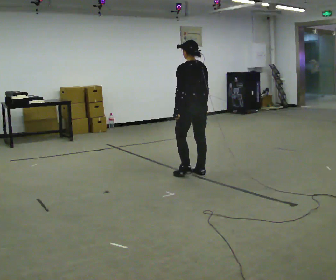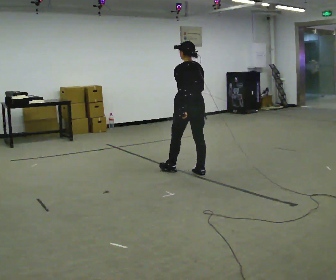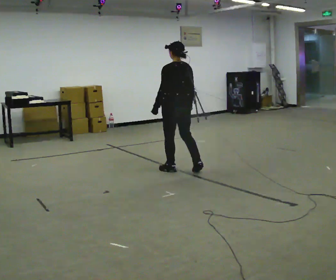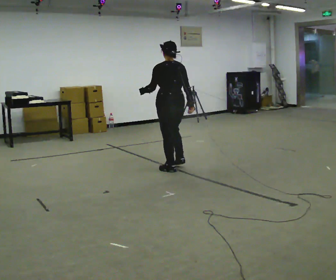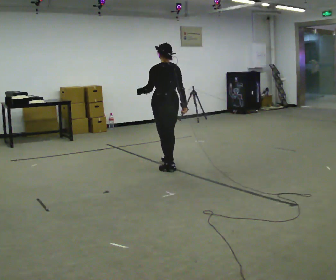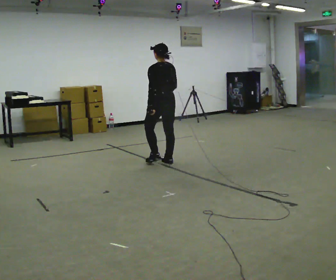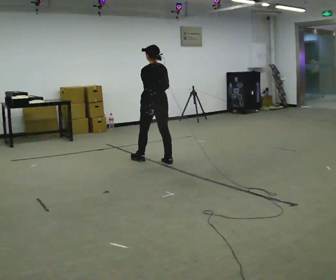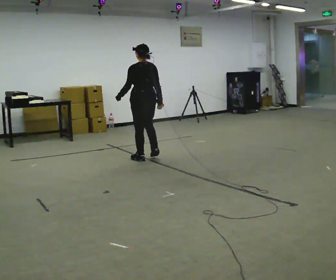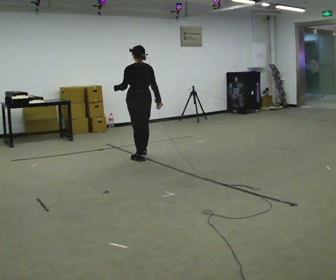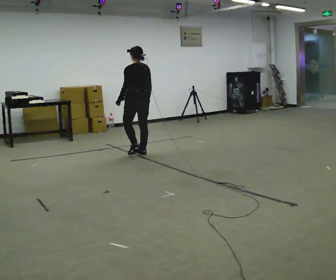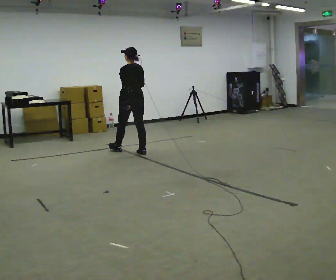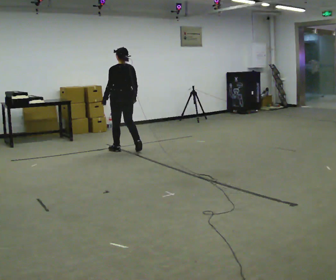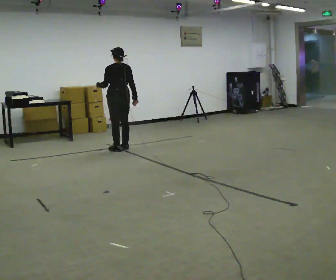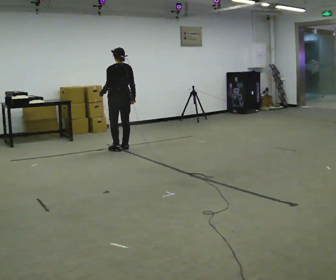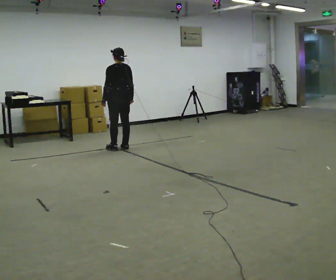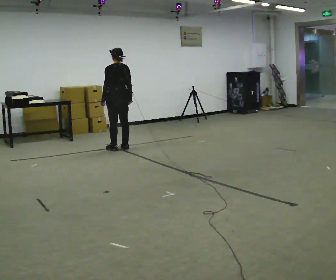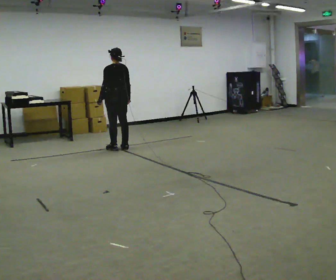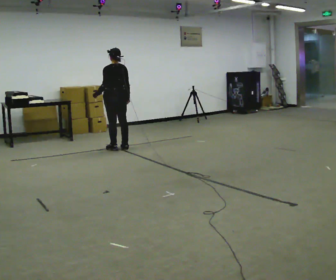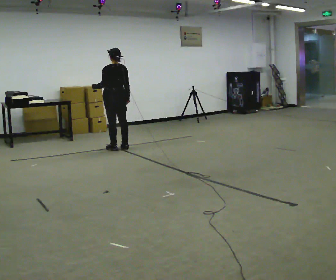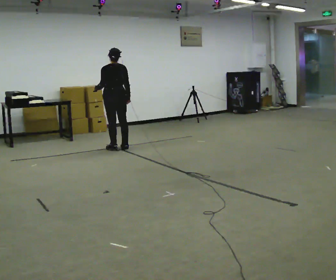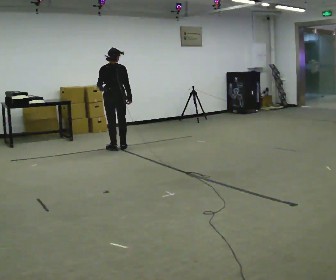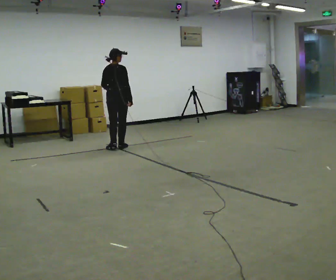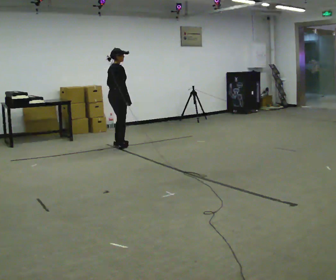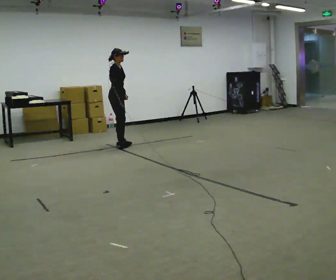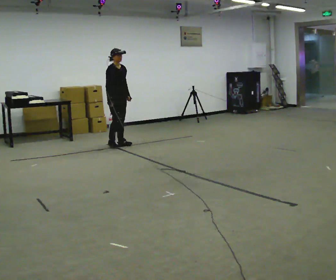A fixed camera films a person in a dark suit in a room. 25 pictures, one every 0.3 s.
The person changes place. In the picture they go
away from the camera.
0.0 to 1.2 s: In the picture they go away from the camera and to the left, about 0.5 m in 2 steps, which for them is forward.
1.2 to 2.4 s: In the picture they go away from the camera and to the left, about 0.5 m in 1 step, which for them is forward.
2.4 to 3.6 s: In the picture they go away from the camera and to the left, about 0.5 m in 3 steps, which for them is forward.
3.6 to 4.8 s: The person moves a little, or ends about where they began.
4.8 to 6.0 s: The part of the body nearest the lens slides to the left as the person turns to their right by about 30 degrees.
6.0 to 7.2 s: The person turns about 120 degrees to their right, clockwise seen from above, so the part of the body nearest the lens slides to the left. In the picture they go away from the camera, about 0.25 m in 1 step.
The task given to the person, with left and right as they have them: Walk; crouch comfortably at marker; remain briefly; stand and continue.
The film runs forward here.
